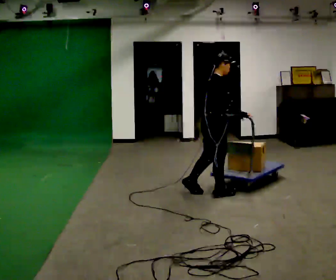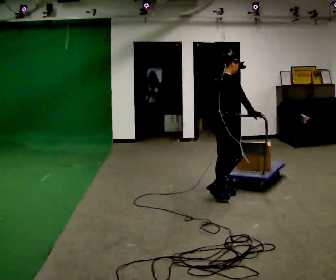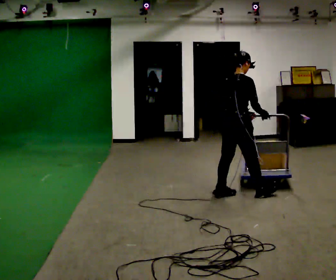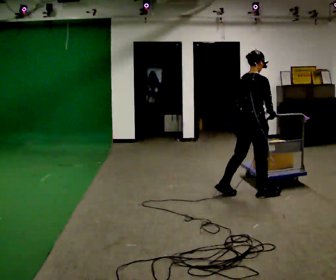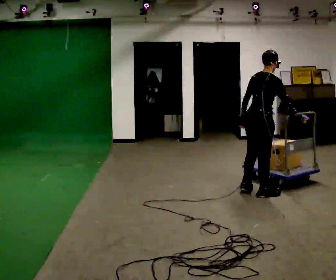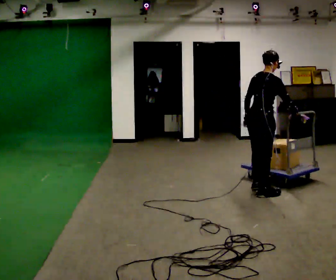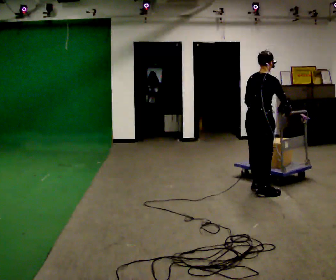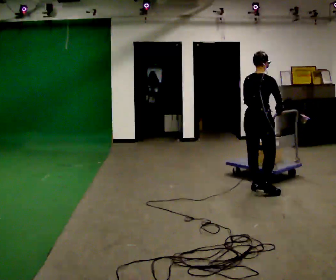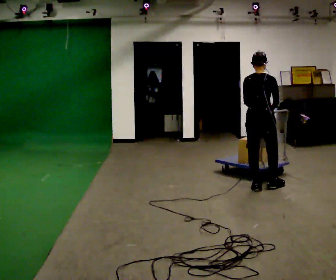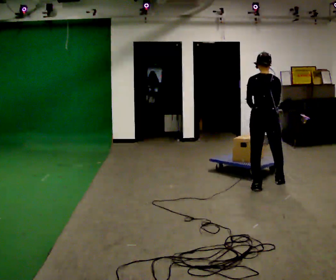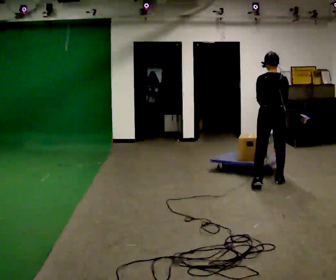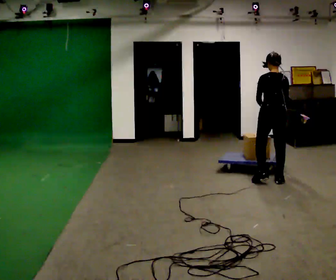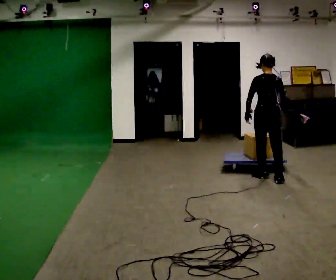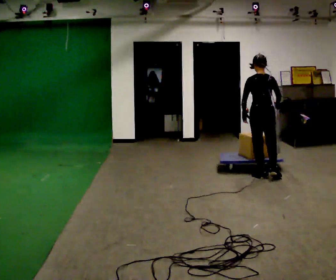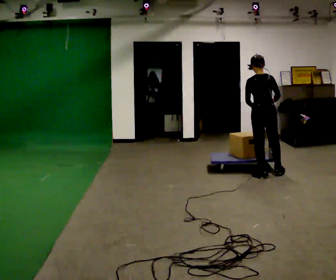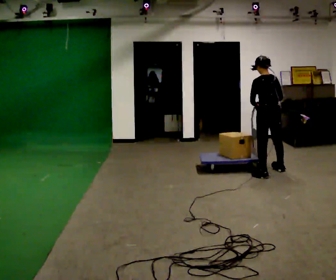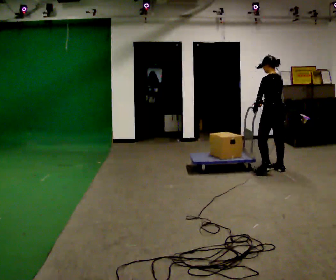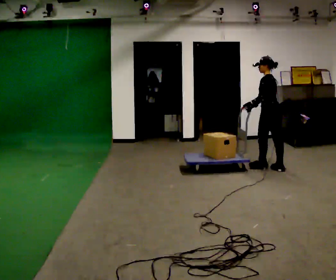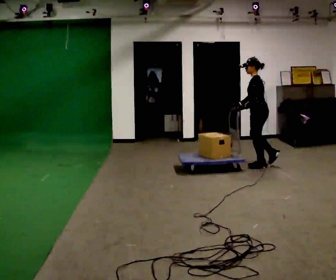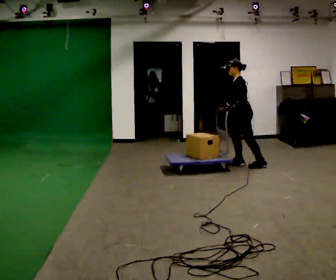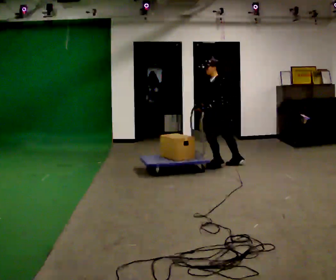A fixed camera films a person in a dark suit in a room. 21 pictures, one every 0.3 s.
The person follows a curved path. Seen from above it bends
counterclockwise.
The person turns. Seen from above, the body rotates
counterclockwise.
0.0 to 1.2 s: The part of the body nearest the lens slides to the right as the person turns to their left by about 45 degrees. In the picture they go to the right, about 0.5 m in 1 step, which for them is to their right and forward.
1.2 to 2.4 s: The part of the body nearest the lens slides to the right as the person turns to their left by about 30 degrees. In the picture they go away from the camera, about 0.25 m in 1 step, which for them is forward and to their left.
2.4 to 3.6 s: Seen from above the body turns counterclockwise, about 30 degrees: to their left, with its near side sliding to the right. In the picture they go away from the camera, about 0.5 m in 2 steps, which for them is forward and to their right.
3.6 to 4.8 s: The part of the body nearest the lens slides to the right as the person turns to their left by about 30 degrees. In the picture they go away from the camera, about 0.5 m in 1 step, which for them is forward and to their right.
4.8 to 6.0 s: The part of the body nearest the lens slides to the right as the person turns to their left by about 75 degrees. In the picture they go to the left, about 1 m in 2 steps.
The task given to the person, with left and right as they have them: Push the cart across the room and back. The operator will change how much is loaded on it between takes and will tell you each time.
The film runs forward here.
